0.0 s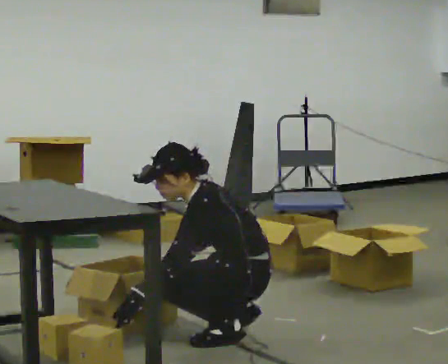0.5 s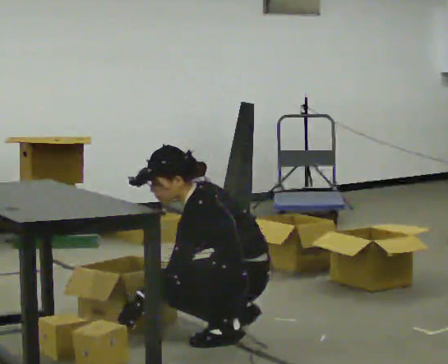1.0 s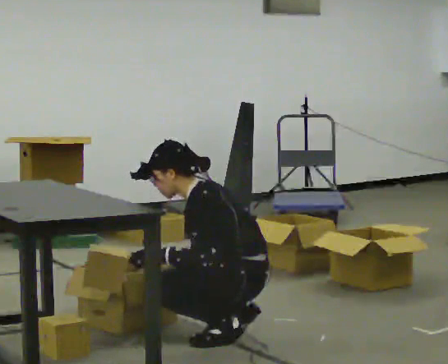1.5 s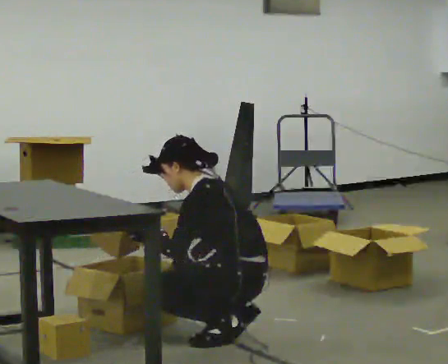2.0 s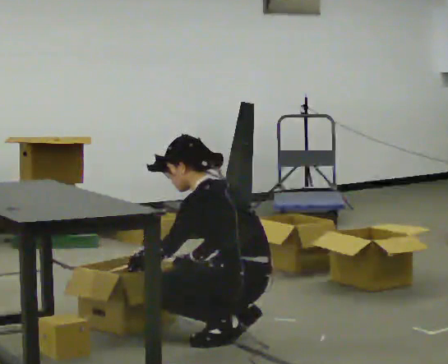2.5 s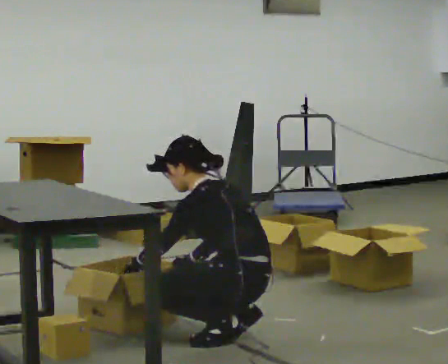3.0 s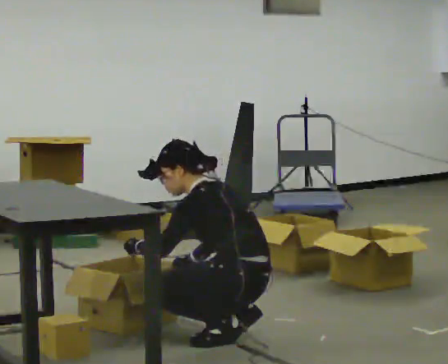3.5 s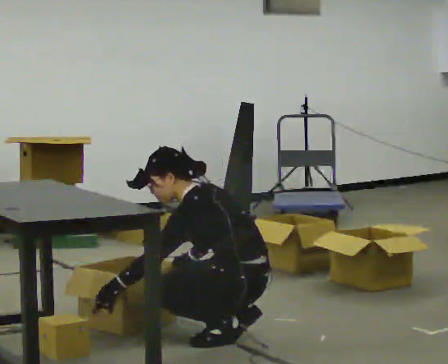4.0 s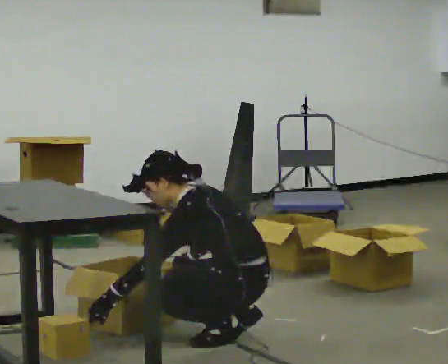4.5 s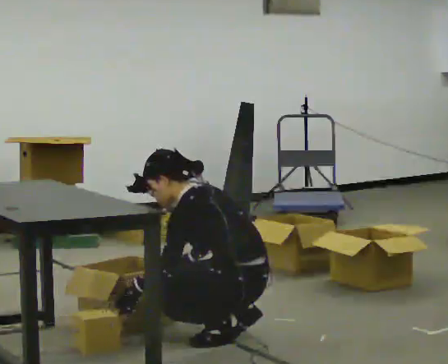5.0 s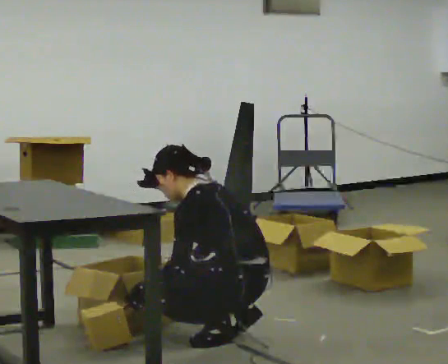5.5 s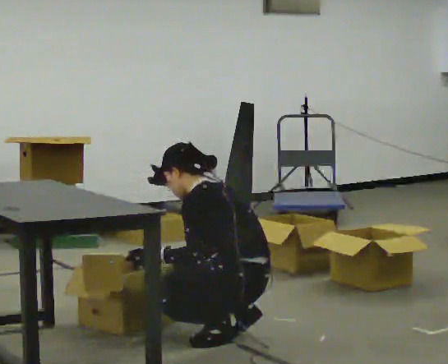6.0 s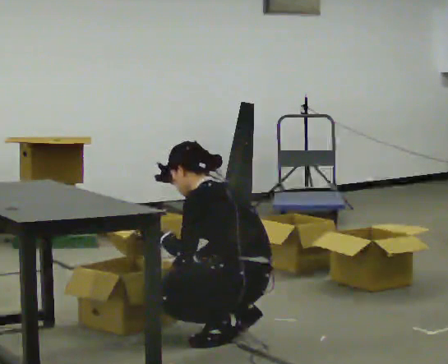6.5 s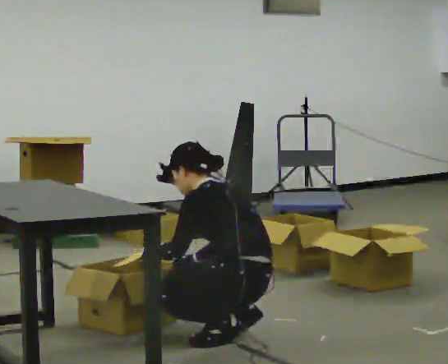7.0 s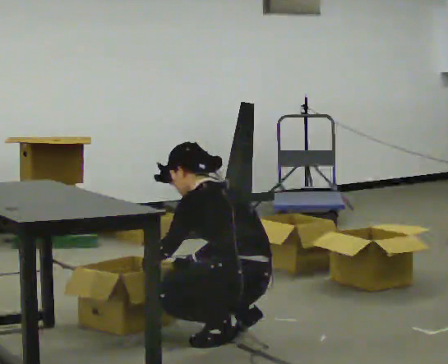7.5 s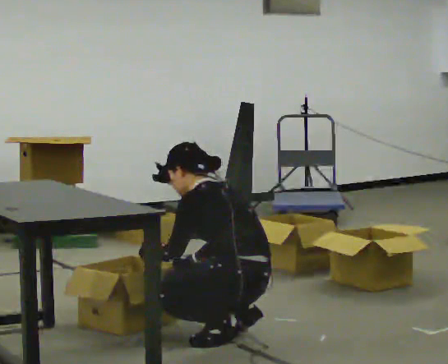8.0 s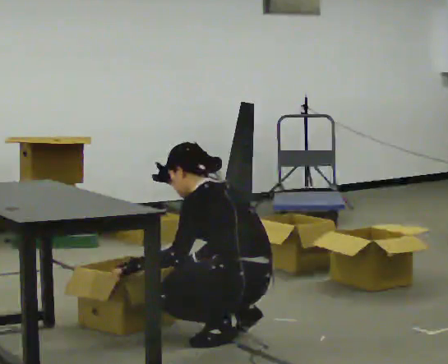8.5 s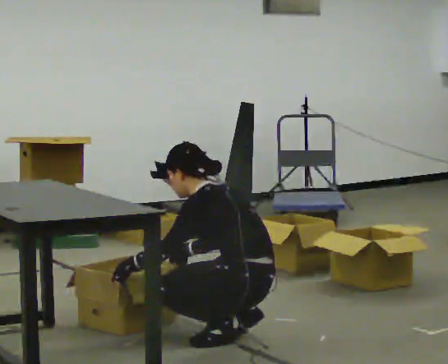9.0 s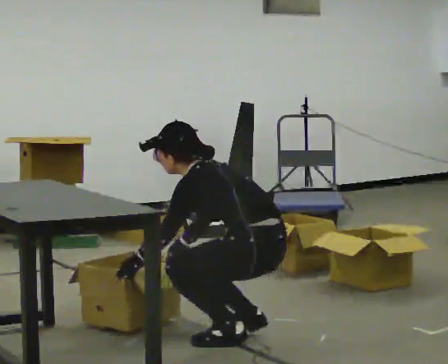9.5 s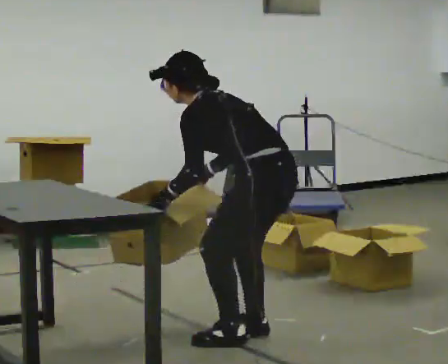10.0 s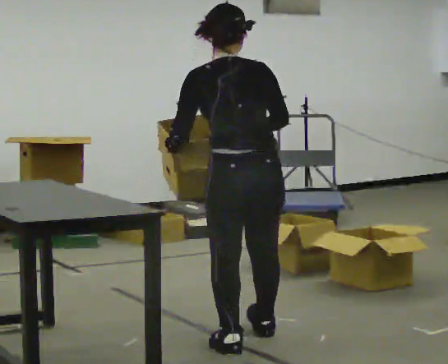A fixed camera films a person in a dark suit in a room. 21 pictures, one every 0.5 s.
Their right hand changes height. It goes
upward.
The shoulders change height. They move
upward.
0.0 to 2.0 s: The upper body tips away from the camera, its near side rolling upward.
2.0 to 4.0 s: In the picture the upper body tilts counterclockwise, shoulders to the left.
4.0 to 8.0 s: The person moves a little, or ends about where they began.
8.0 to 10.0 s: The person turns about 60 degrees to their right, clockwise seen from above, so the part of the body nearest the lens slides to the left. In the picture they go toward the camera, about 0.25 m in 1 step. The shoulders move upward. In the picture their right hand goes upward and to the right.
The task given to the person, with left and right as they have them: 1. Take everything out of the crates by the door. 2. Put the small items on the middle shelf. 3. Put the large items on the bottom shelf. 4. Stack the empty crates by the door. 5. Tell the operator when you are finished.
The film runs forward here.
